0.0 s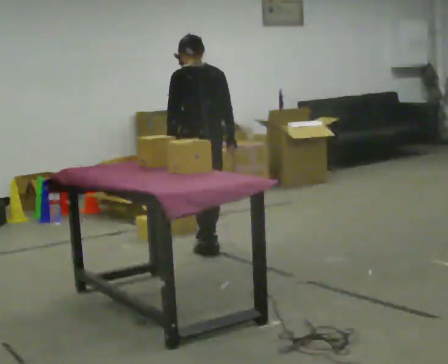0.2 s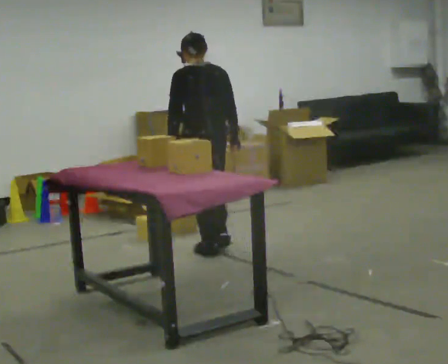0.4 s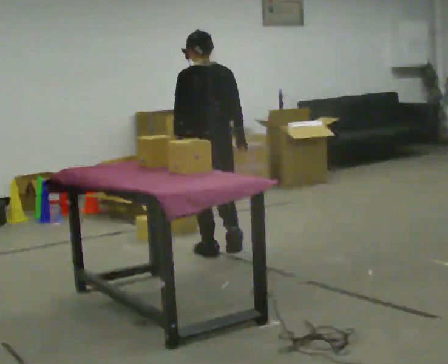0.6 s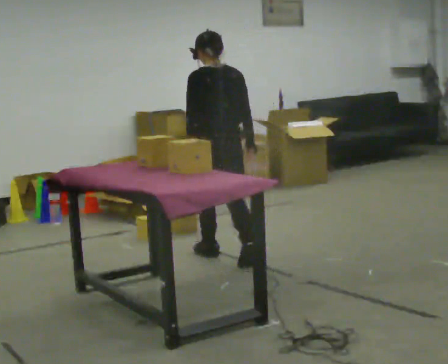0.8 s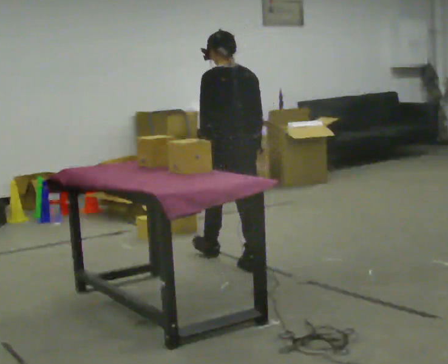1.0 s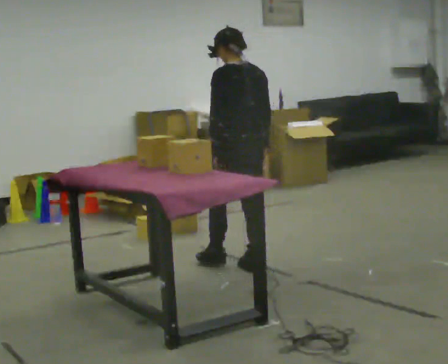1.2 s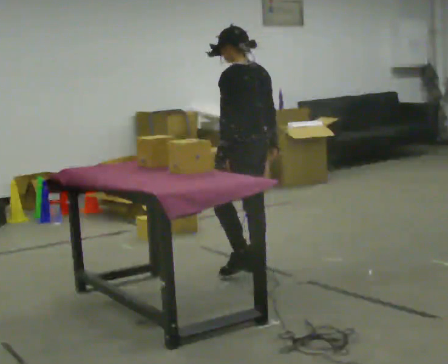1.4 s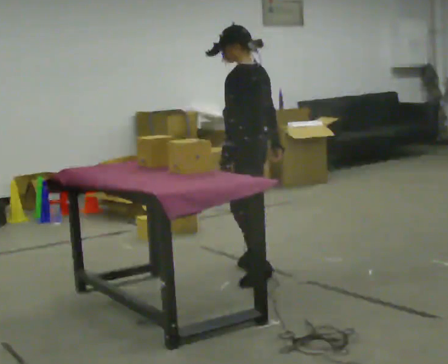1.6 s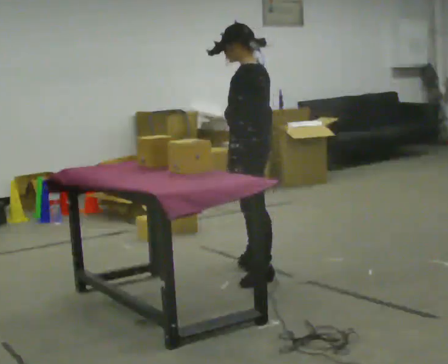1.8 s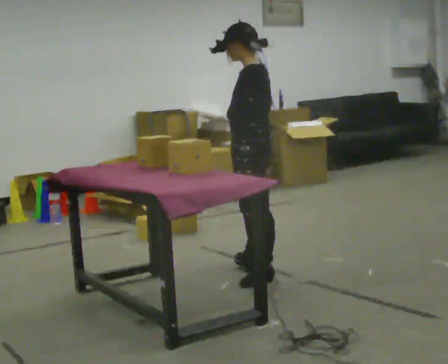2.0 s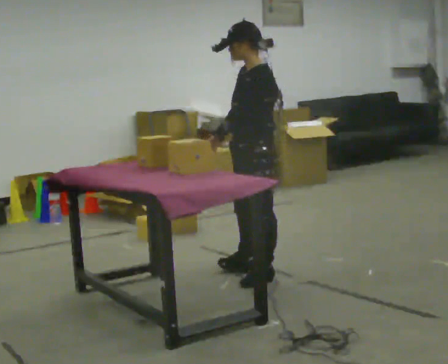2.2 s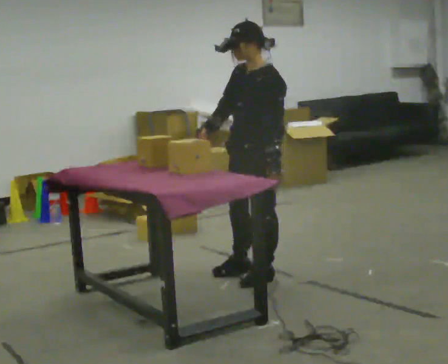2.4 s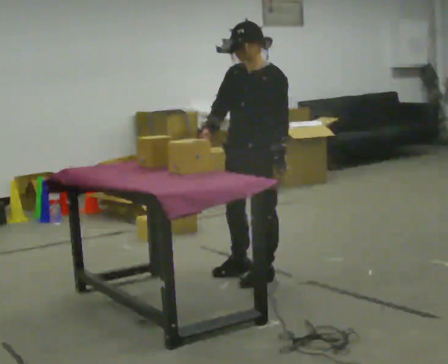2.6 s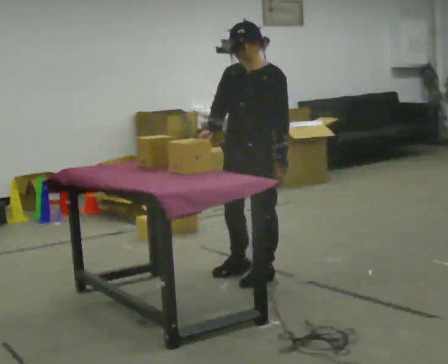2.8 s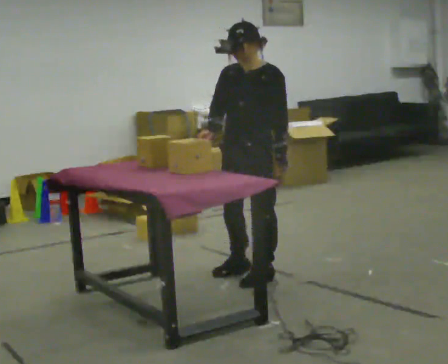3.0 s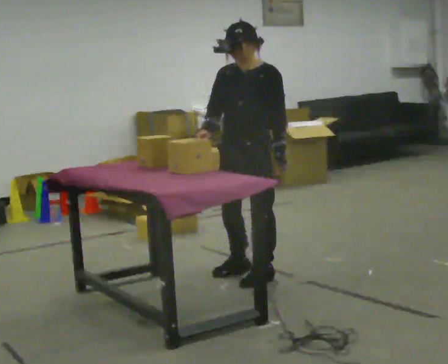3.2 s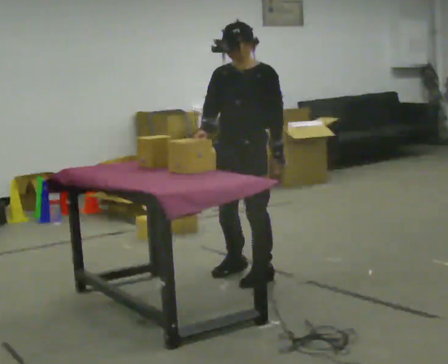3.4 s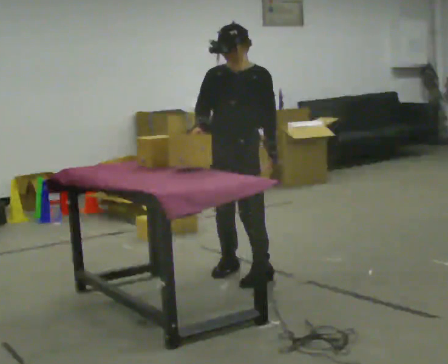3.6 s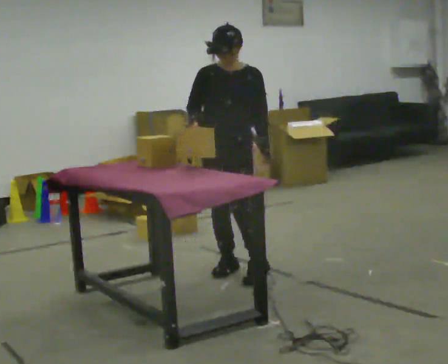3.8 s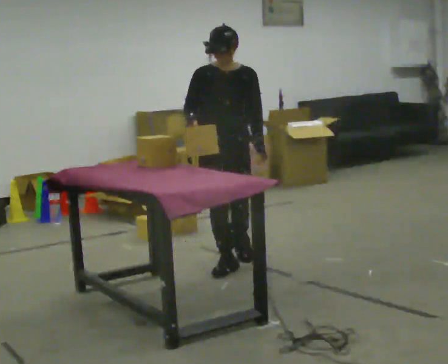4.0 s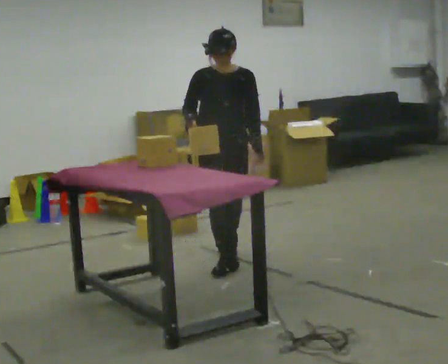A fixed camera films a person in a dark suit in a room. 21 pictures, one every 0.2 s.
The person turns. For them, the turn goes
to their left.
The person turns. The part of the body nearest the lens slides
to the right.
0.0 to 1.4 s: The person turns about 30 degrees to their left, counterclockwise seen from above, so the part of the body nearest the lens slides to the right. In the picture they go toward the camera and to the right, about 0.75 m in 2 steps, which for them is backward.
1.4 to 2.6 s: The person turns about 75 degrees to their left, counterclockwise seen from above, so the part of the body nearest the lens slides to the right. In the picture they go toward the camera, about 0.25 m. In the picture their right hand goes to the left, the arm swinging clockwise.
2.6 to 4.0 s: The person turns about 45 degrees to their left, counterclockwise seen from above, so the part of the body nearest the lens slides to the right. In the picture they go away from the camera, about 0.5 m in 1 step, which for them is to their right and backward.
The film runs backward here.
